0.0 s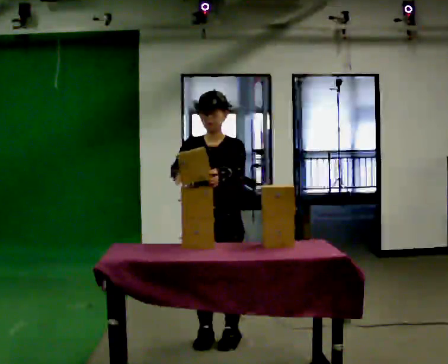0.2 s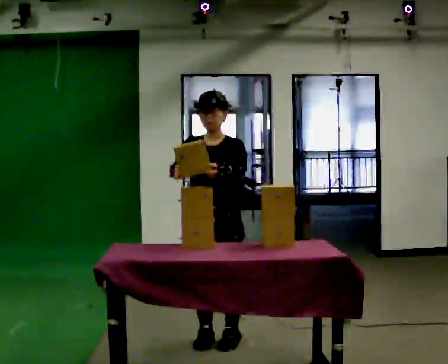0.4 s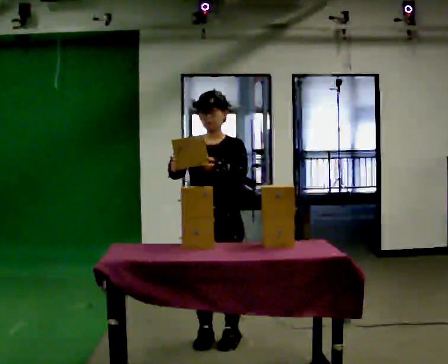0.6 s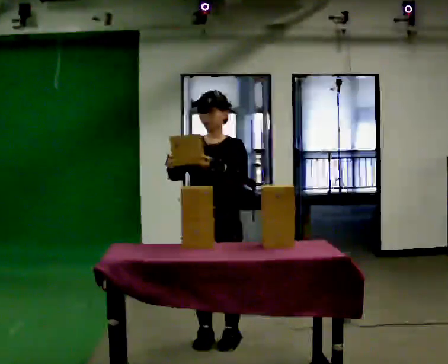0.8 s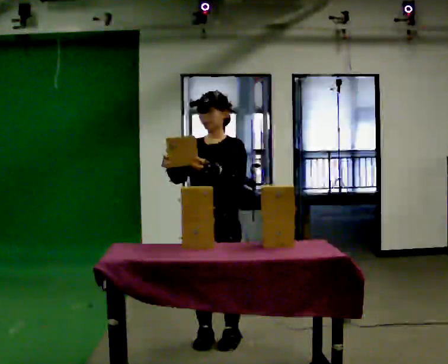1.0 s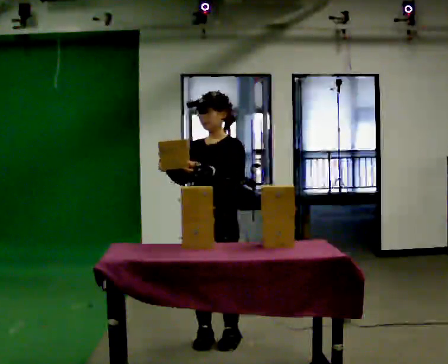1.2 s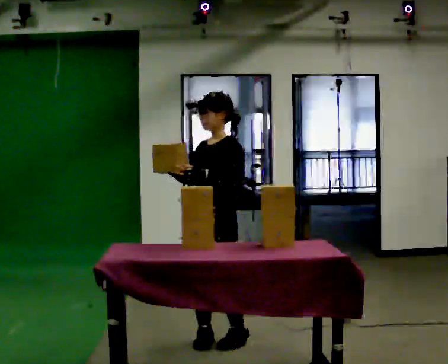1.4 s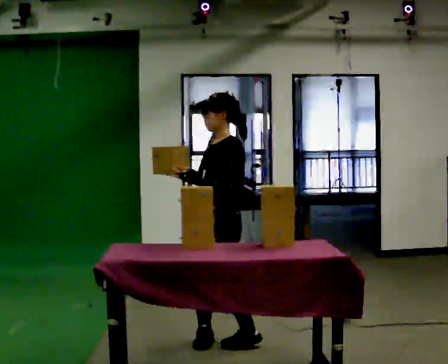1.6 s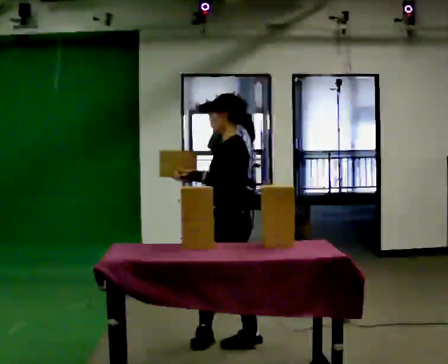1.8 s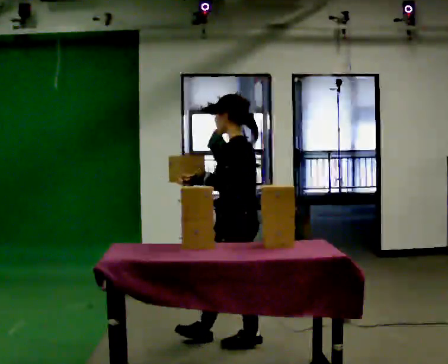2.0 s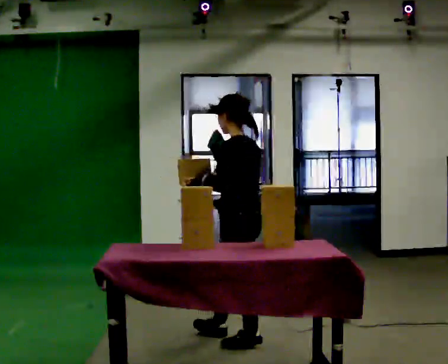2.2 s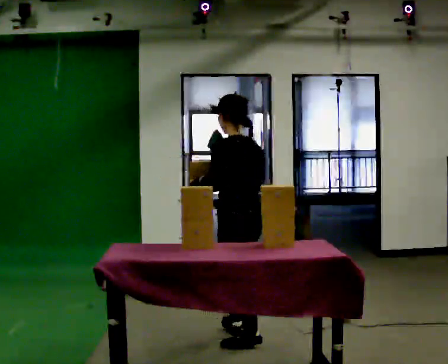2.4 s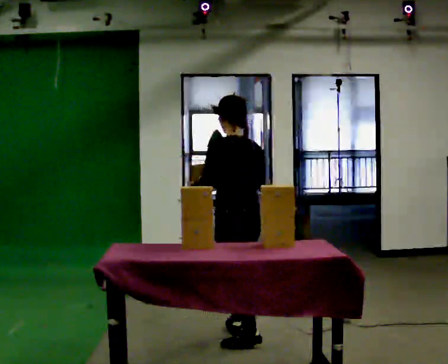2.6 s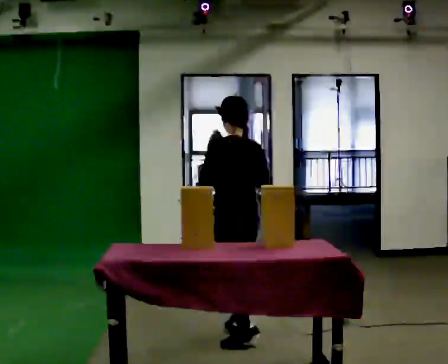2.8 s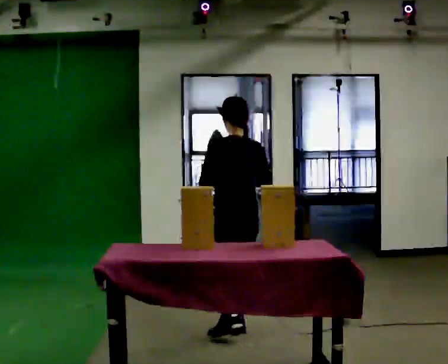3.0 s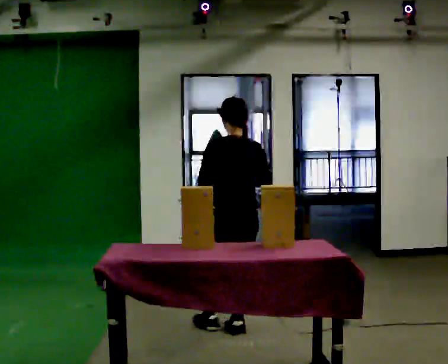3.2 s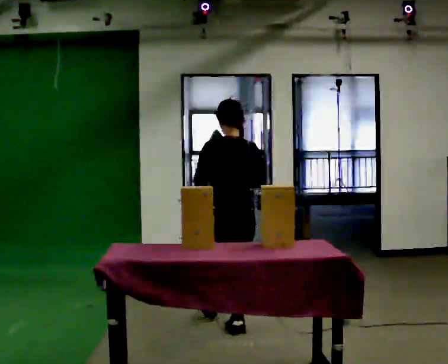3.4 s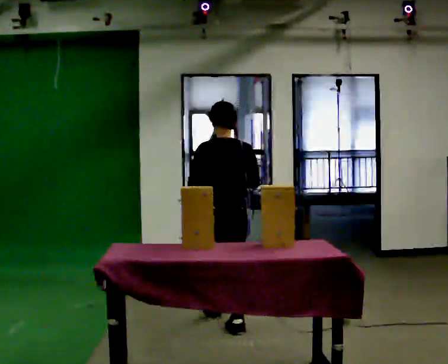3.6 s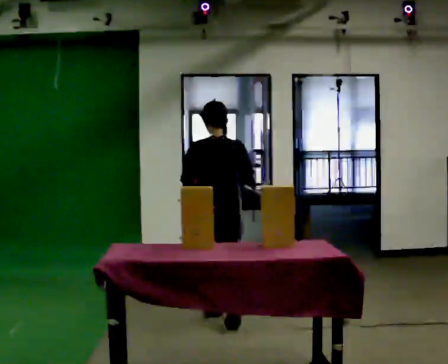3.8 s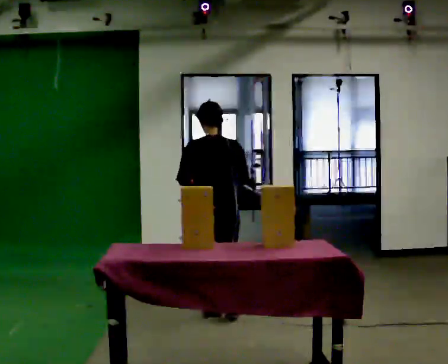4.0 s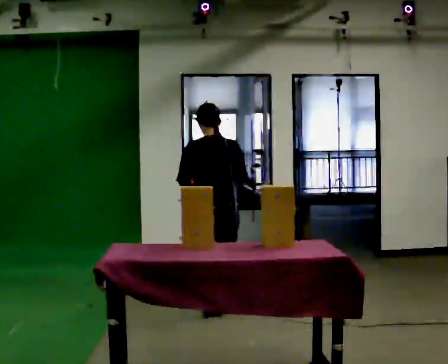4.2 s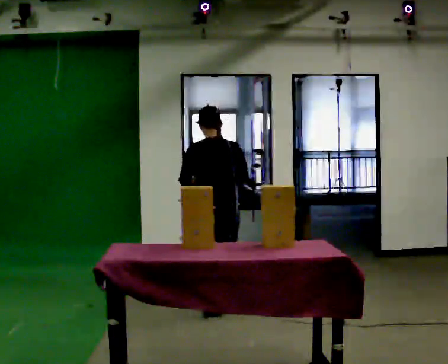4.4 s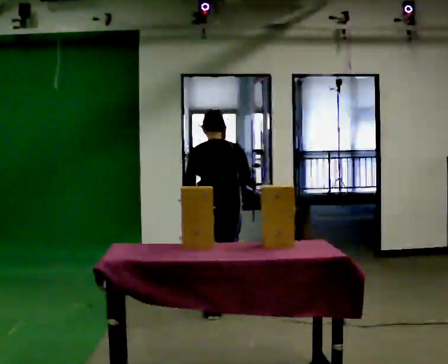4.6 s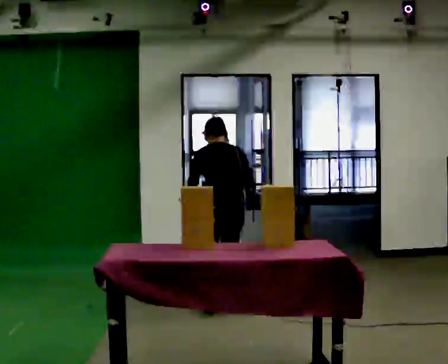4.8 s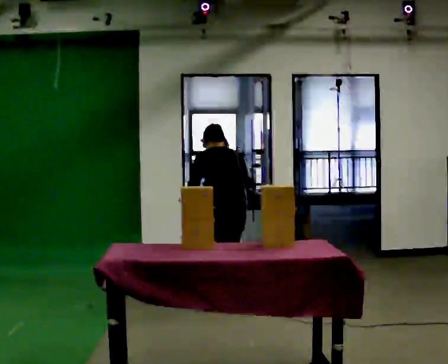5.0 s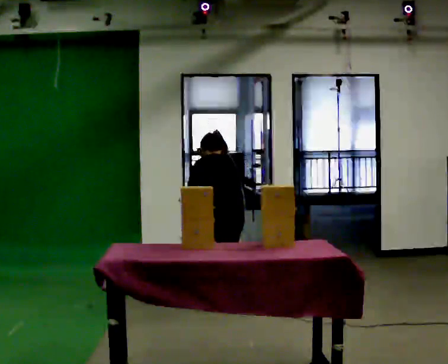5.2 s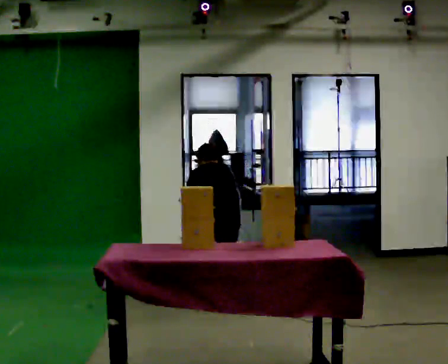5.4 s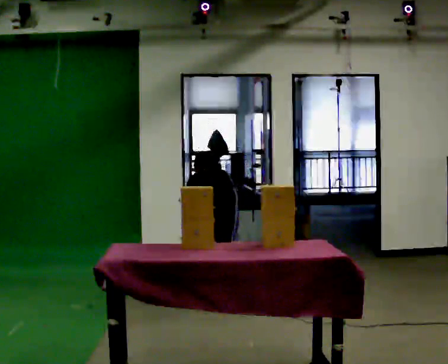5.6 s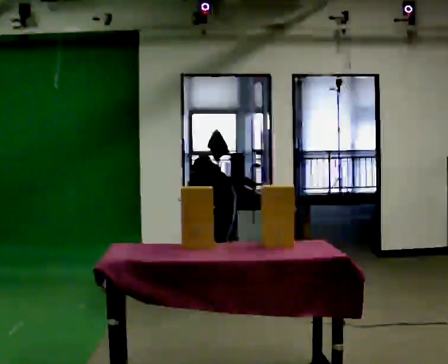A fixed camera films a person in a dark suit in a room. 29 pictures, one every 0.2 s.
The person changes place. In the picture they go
away from the camera.
The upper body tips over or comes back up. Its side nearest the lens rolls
upward.
0.0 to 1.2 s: The person turns about 30 degrees to their right, clockwise seen from above, so the part of the body nearest the lens slides to the left.
1.2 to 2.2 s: The part of the body nearest the lens slides to the left as the person turns to their right by about 75 degrees. In the picture they go to the right, about 0.25 m in 2 steps. In the picture their right hand goes to the right.
2.2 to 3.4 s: Seen from above the body turns clockwise, about 60 degrees: to their right, with its near side sliding to the left. In the picture they go away from the camera, about 0.5 m in 1 step, which for them is forward.
3.4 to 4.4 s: In the picture they go away from the camera, about 0.25 m in 1 step, which for them is forward. The upper body tips away from the camera, its near side rolling upward, as they bend forward.
4.4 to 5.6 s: The shoulders move downward. The upper body tips away from the camera, its near side rolling upward, as they bend forward. In the picture their left hand goes downward.
The film runs forward here.
